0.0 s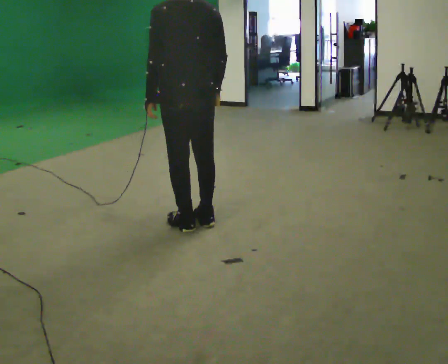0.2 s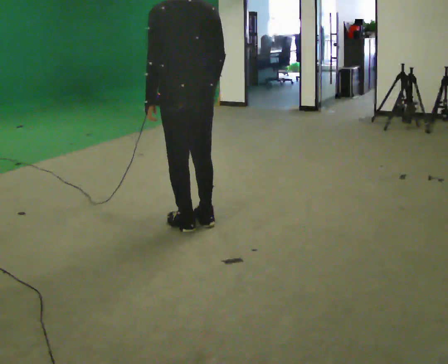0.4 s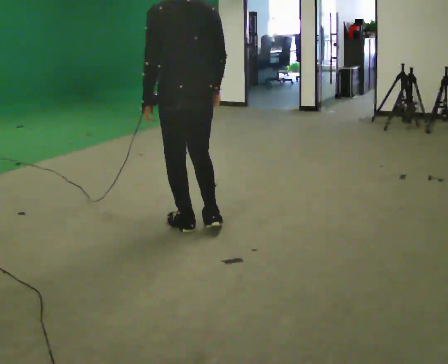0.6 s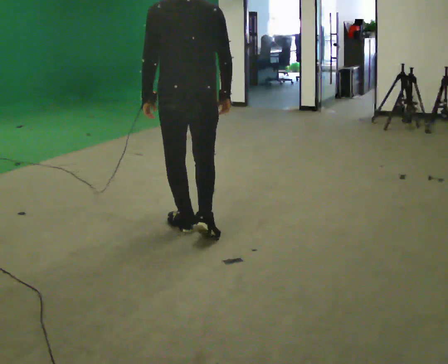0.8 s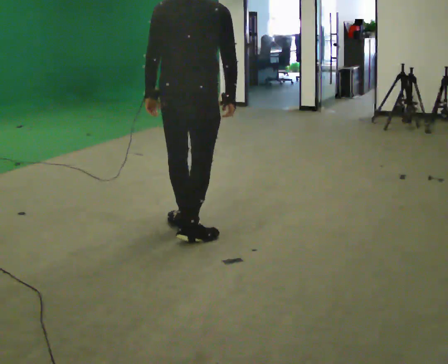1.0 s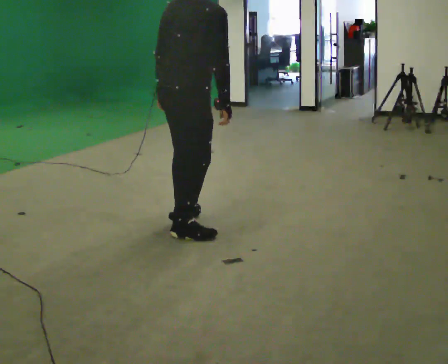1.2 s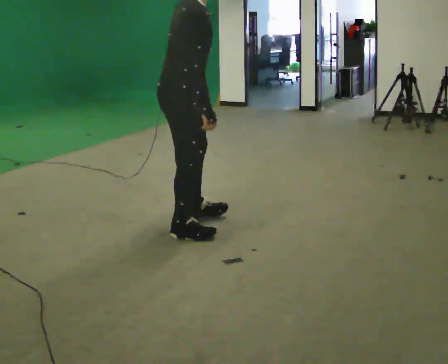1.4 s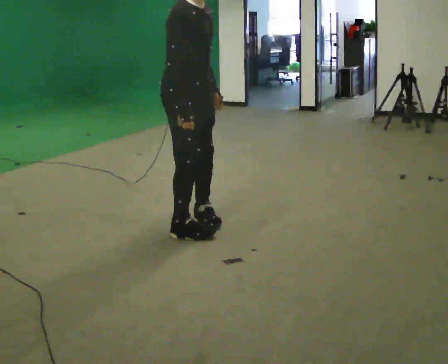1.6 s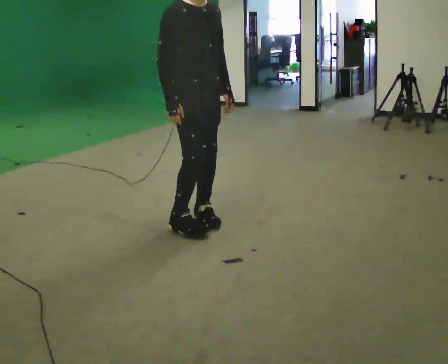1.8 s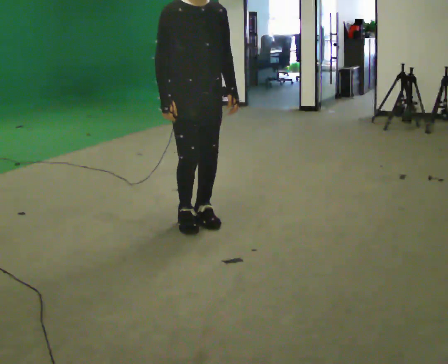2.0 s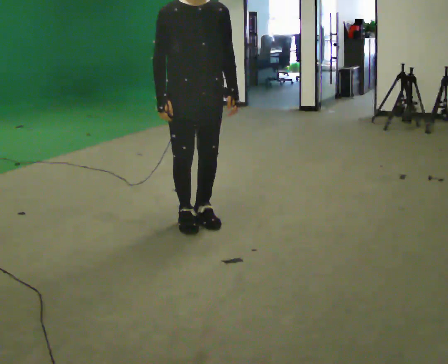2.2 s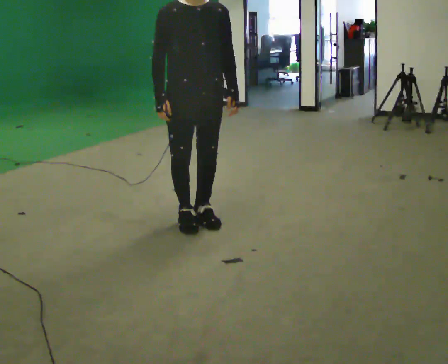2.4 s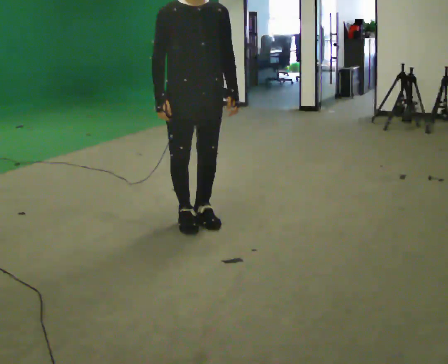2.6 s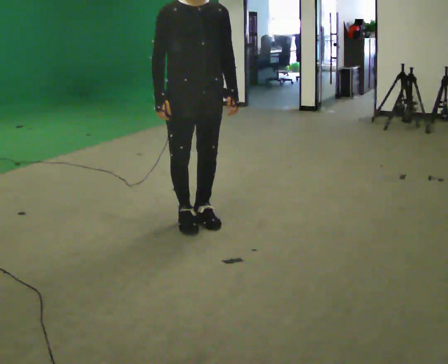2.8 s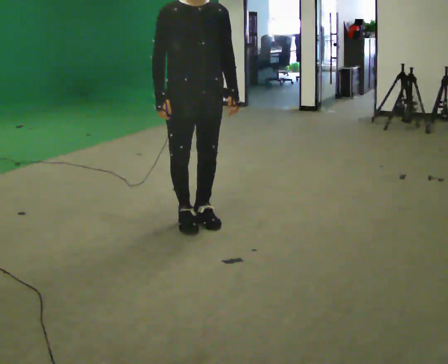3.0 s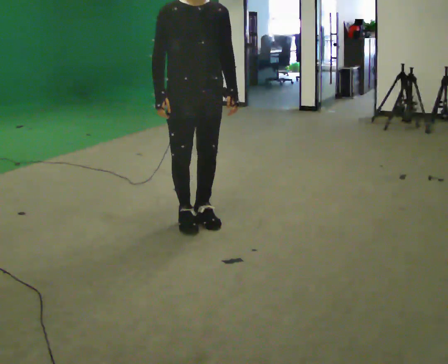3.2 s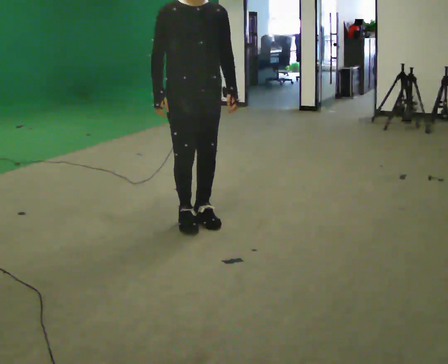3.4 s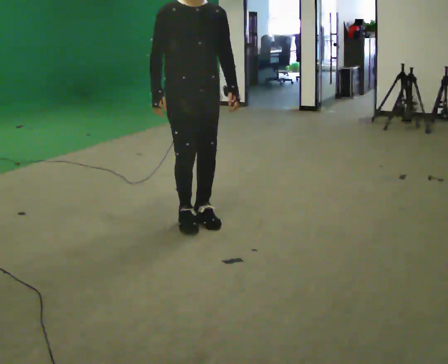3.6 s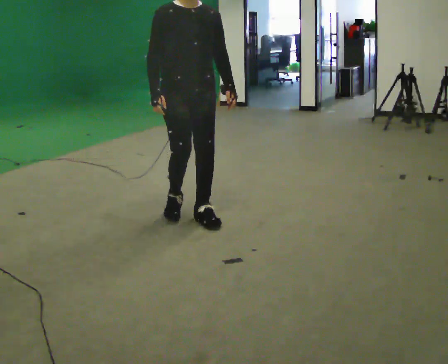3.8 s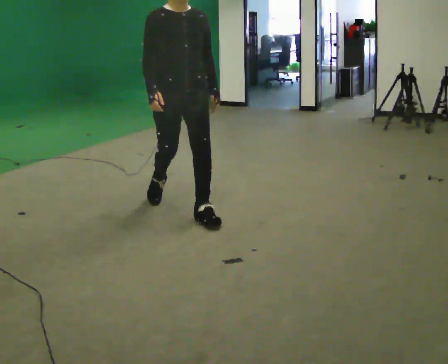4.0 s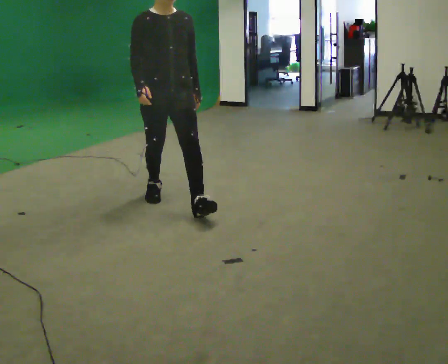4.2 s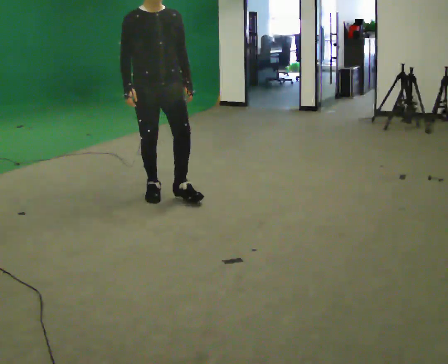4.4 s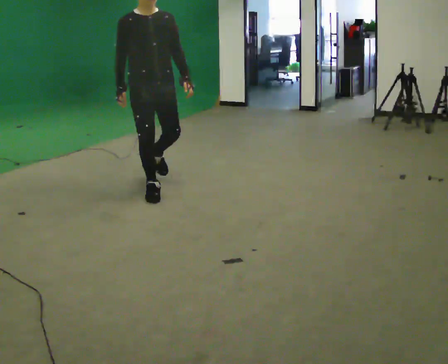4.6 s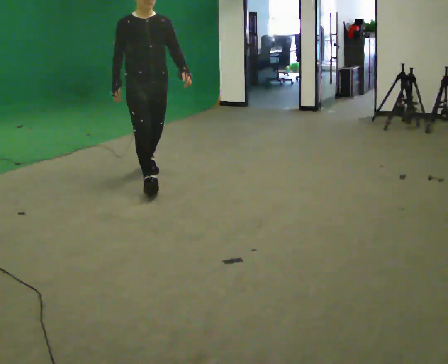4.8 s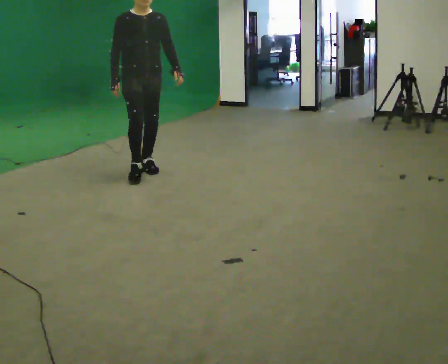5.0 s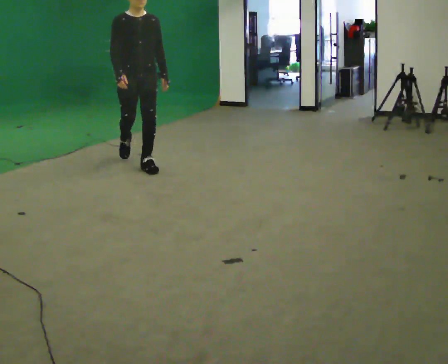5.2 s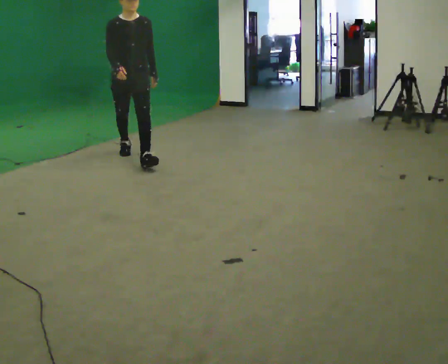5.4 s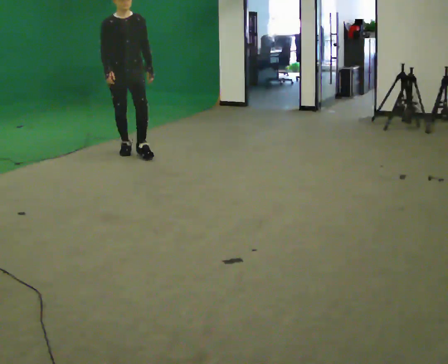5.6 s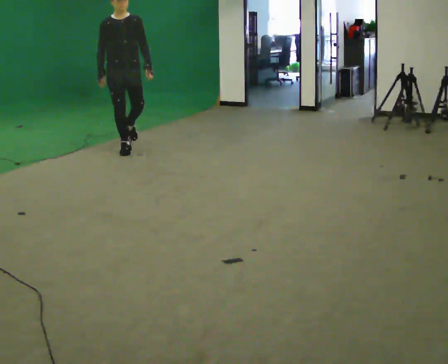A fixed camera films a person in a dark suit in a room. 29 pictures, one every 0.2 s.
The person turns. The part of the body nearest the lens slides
to the left.
The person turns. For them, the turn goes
to their right.
0.0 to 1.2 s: The part of the body nearest the lens slides to the left as the person turns to their right by about 120 degrees. In the picture the upper body tilts clockwise, shoulders to the right, as they bend forward.
1.2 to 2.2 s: The part of the body nearest the lens slides to the left as the person turns to their right by about 75 degrees.
2.2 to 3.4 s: The person moves a little, or ends about where they began.
3.4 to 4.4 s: In the picture they go away from the camera and to the left, about 0.5 m in 2 steps, which for them is backward.
4.4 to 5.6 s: In the picture they go away from the camera, about 1.5 m in 2 steps, which for them is backward.
The film runs backward here.
